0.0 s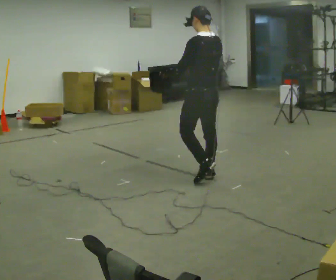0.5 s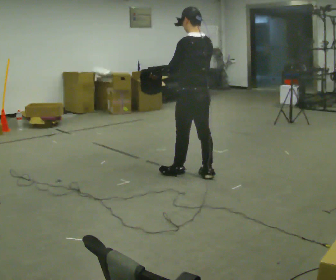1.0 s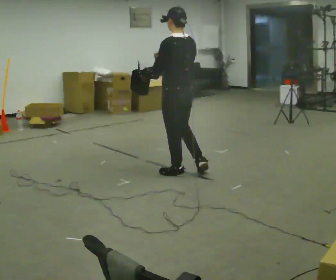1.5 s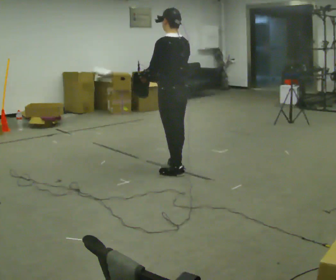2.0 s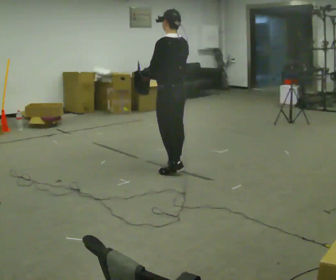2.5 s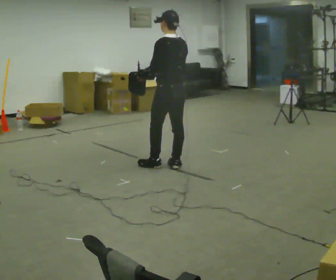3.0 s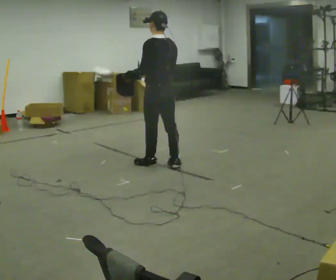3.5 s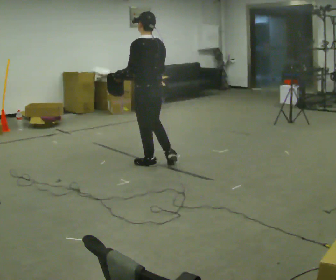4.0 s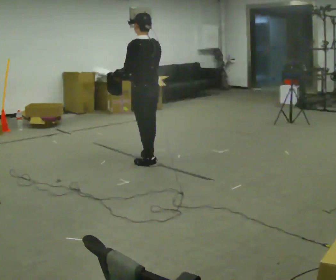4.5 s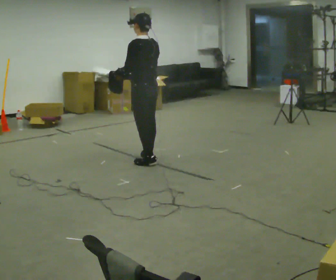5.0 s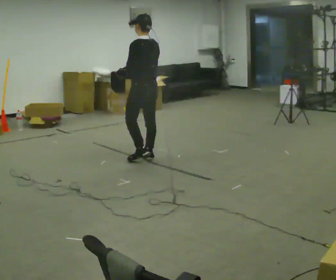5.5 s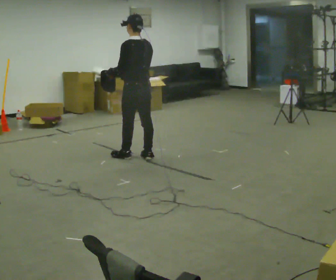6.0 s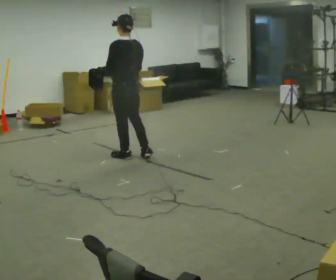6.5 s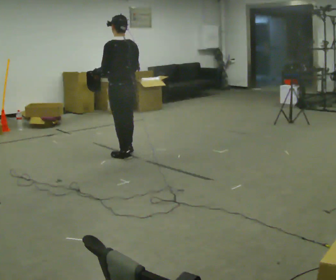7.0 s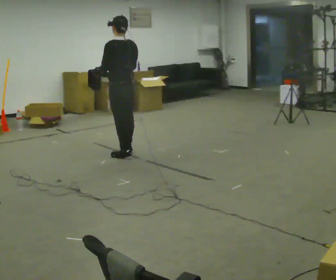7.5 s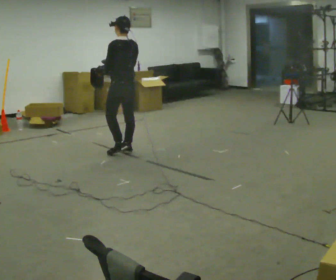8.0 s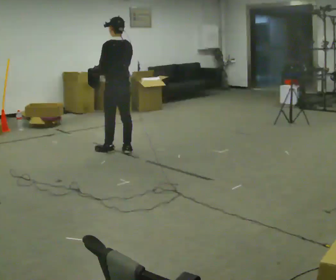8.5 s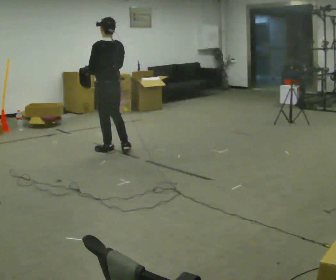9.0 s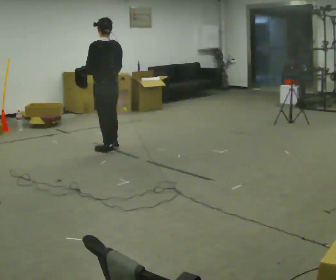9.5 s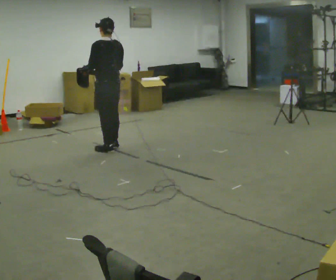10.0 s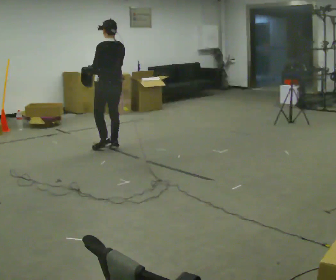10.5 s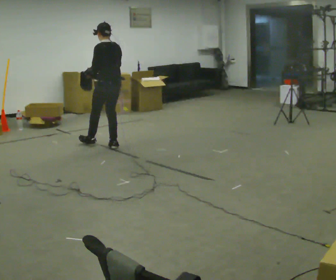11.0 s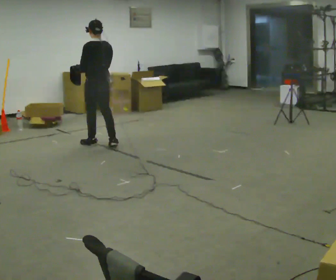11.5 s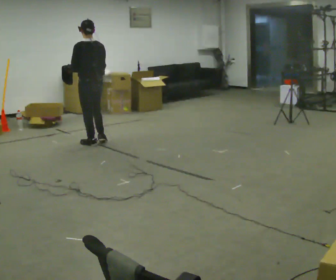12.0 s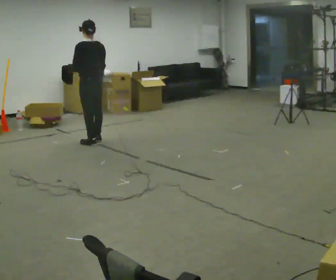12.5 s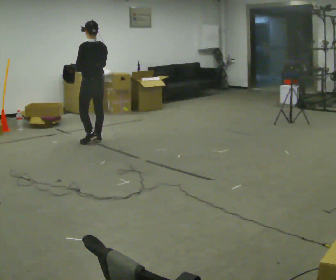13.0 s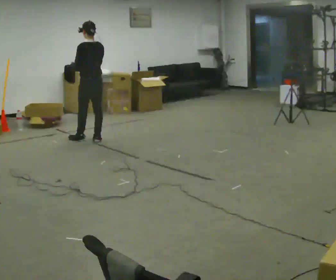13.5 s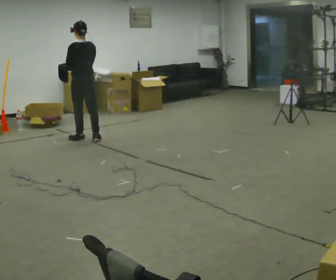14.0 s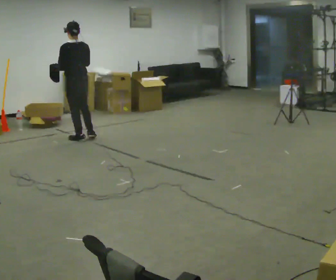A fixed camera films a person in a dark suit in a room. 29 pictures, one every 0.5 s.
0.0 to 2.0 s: In the picture they go away from the camera and to the left, about 0.5 m in 2 steps, which for them is forward.
2.0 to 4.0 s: In the picture they go to the left and away from the camera, about 0.25 m in 2 steps, which for them is forward.
4.0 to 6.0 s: In the picture they go away from the camera and to the left, about 0.25 m in 1 step, which for them is forward.
6.0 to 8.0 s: In the picture they go away from the camera, about 0.25 m in 2 steps, which for them is forward.
8.0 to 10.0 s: In the picture they go away from the camera, about 0.25 m in 1 step, which for them is forward.
10.0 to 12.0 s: In the picture they go to the left and away from the camera, about 0.25 m in 2 steps, which for them is forward.
12.0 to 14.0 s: In the picture they go to the left and away from the camera, about 0.25 m in 1 step, which for them is forward.
The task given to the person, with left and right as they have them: Carry the open container and, while walking, reach in with one hand and take an item out, then put it back. Repeat as you walk. Do not stop.
The film runs forward here.
